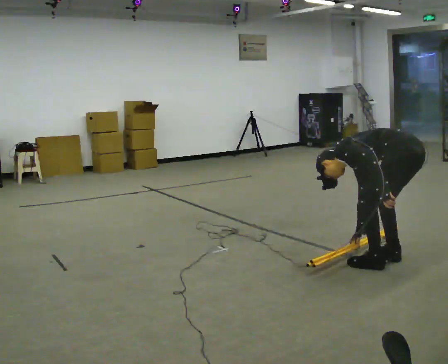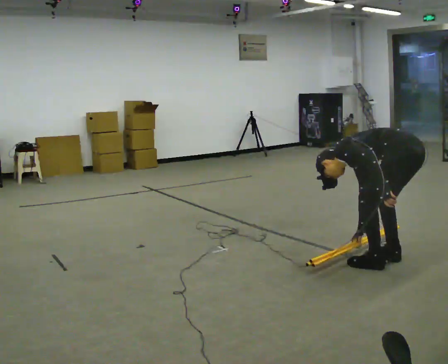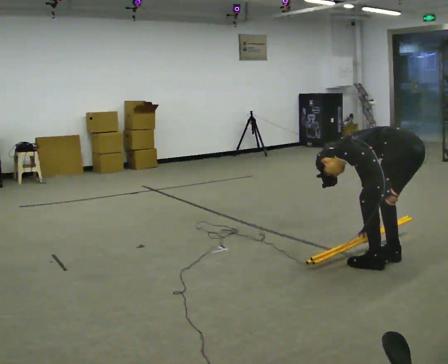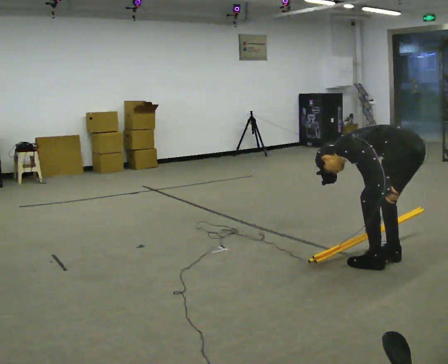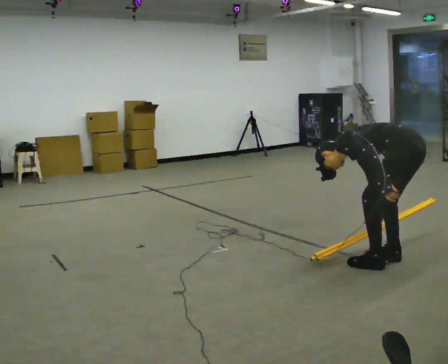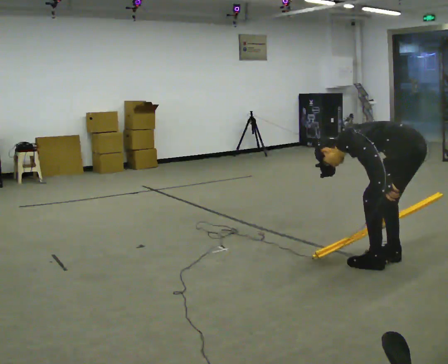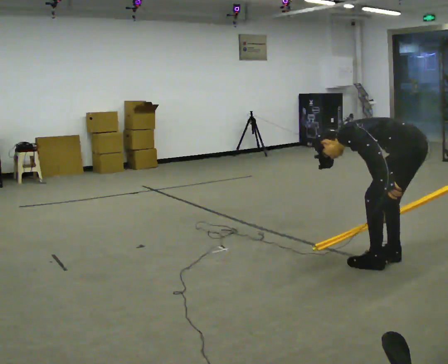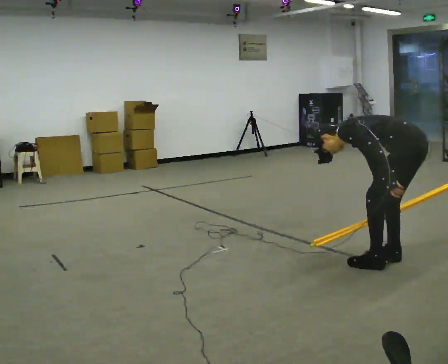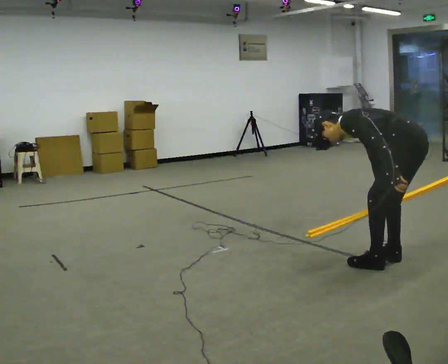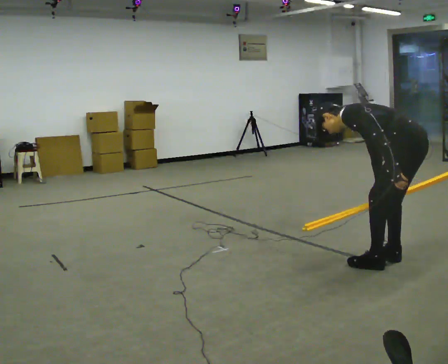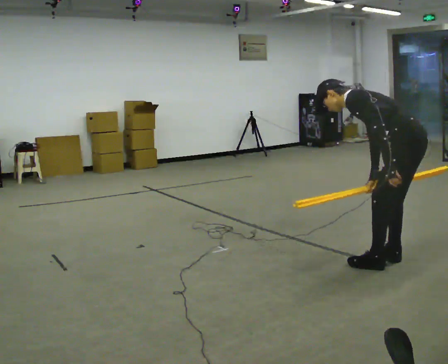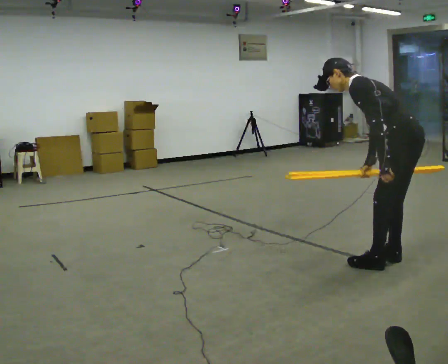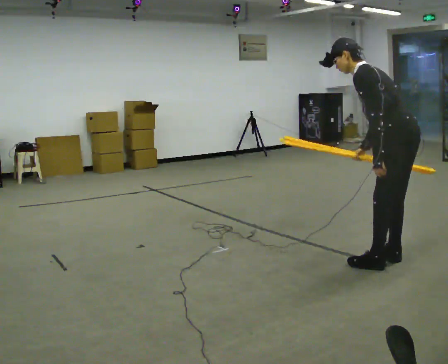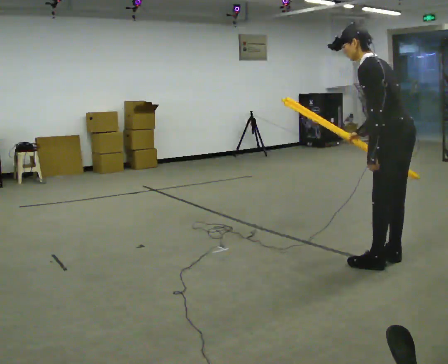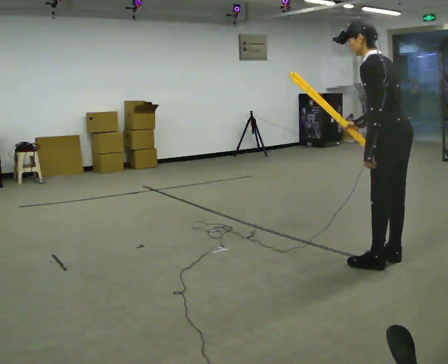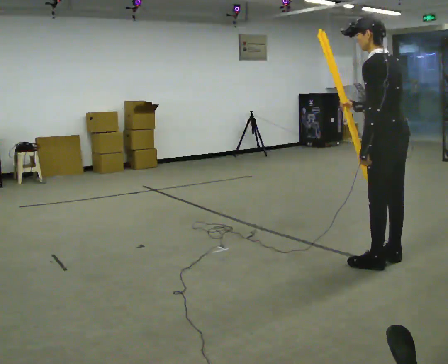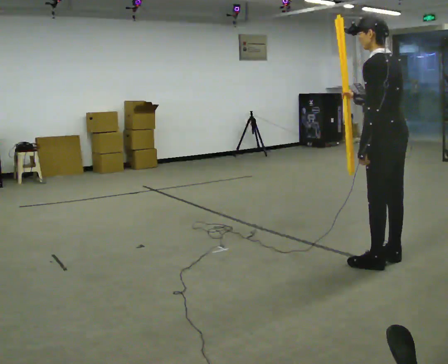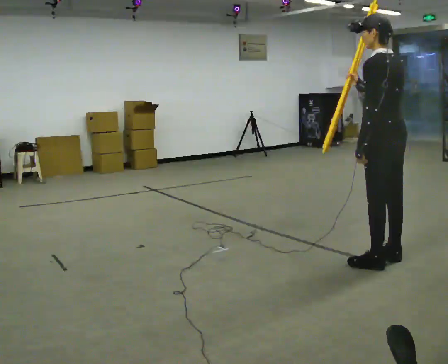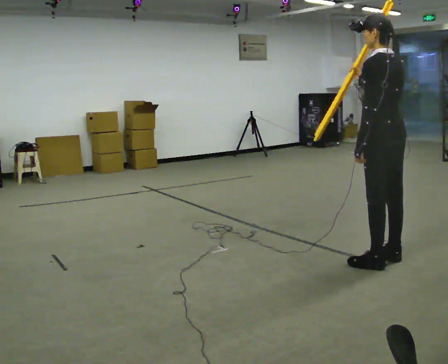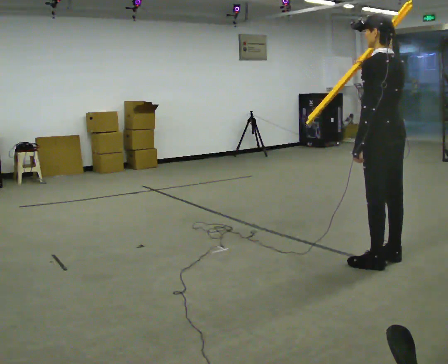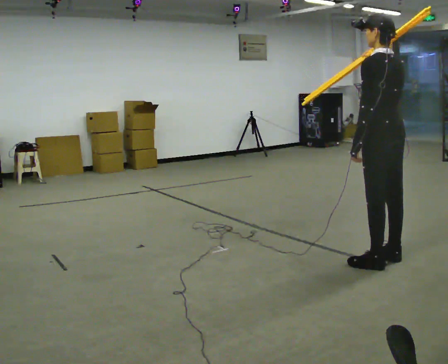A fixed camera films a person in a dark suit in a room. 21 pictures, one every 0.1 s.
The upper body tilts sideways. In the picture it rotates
clockwise.
The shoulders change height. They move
upward.
0.0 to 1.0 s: The shoulders move upward. The upper body tips toward the camera, its near side rolling downward, as they lean back or straighten.
1.0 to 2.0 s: In the picture they go to the left, about 0.25 m, which for them is forward. The upper body goes upward. In the picture the upper body tilts clockwise, shoulders to the right, as they lean back or straighten. In the picture their right hand goes upward.
The film runs backward here.
